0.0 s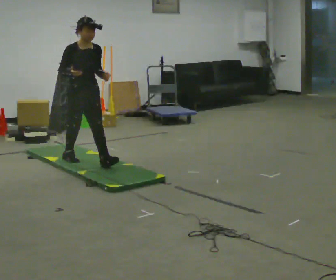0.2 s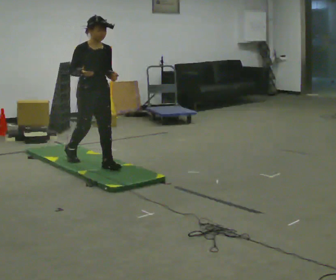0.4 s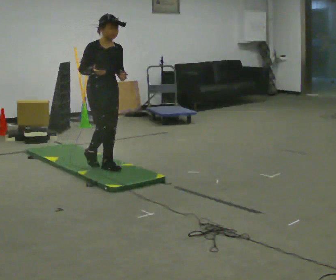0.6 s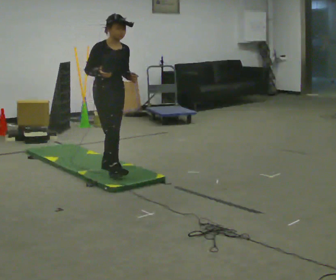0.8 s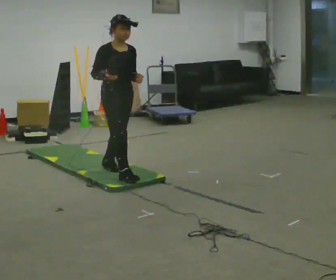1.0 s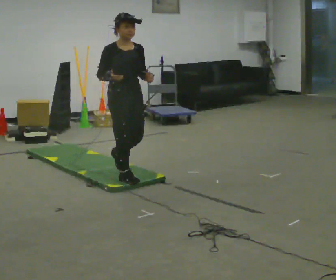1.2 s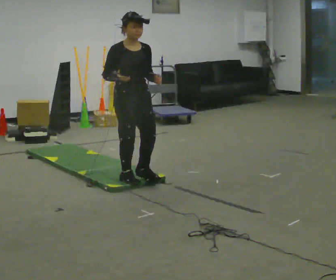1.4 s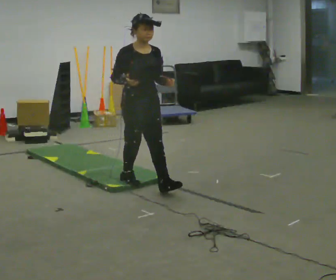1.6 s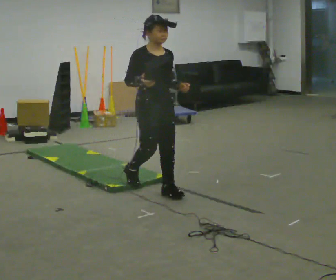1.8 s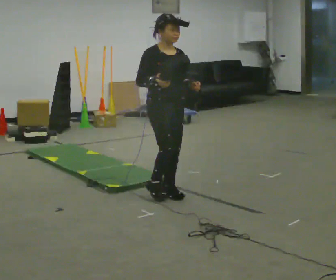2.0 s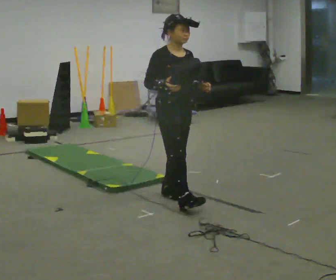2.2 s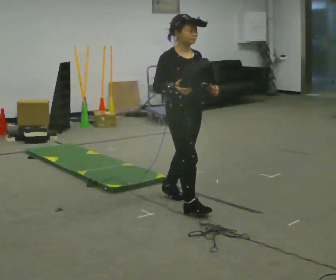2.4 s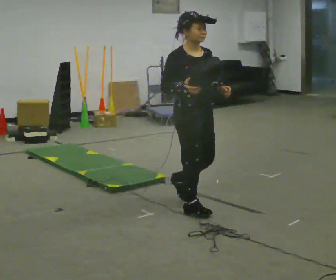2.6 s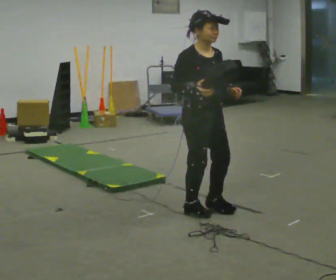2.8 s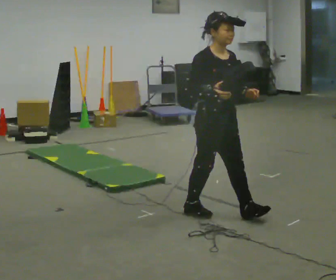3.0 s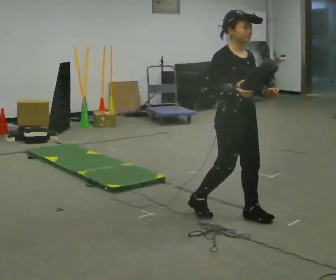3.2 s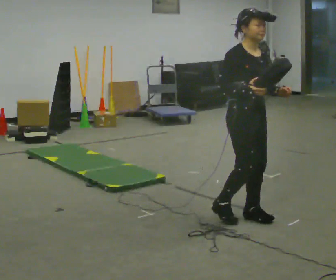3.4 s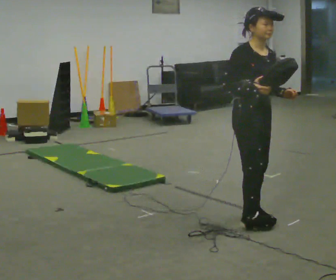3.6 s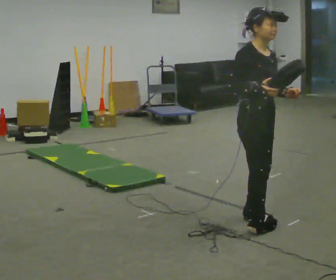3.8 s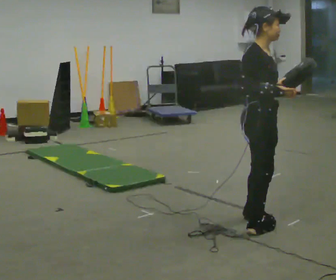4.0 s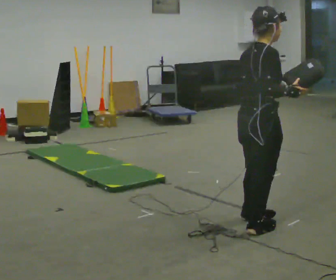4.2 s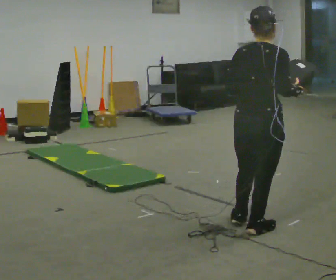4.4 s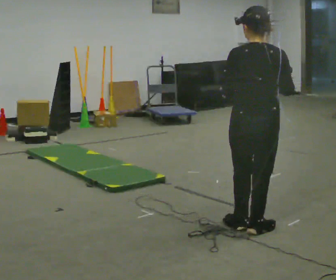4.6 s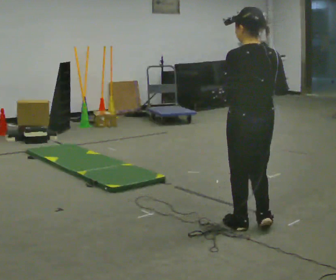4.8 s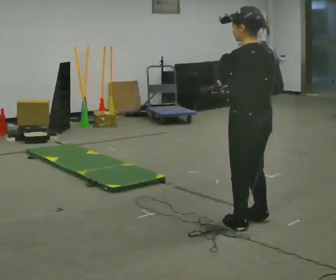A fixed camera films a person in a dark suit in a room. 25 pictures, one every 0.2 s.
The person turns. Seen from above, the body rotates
counterclockwise.
The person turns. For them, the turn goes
to their left.
0.0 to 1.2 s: In the picture they go to the right and toward the camera, about 1 m in 1 step, which for them is forward.
1.2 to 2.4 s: In the picture they go to the right and toward the camera, about 1 m in 2 steps, which for them is forward.
2.4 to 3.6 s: In the picture they go to the right and toward the camera, about 0.5 m in 2 steps, which for them is forward.
3.6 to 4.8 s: The part of the body nearest the lens slides to the right as the person turns to their left by about 165 degrees.
The film runs forward here.
